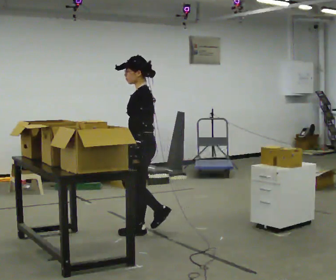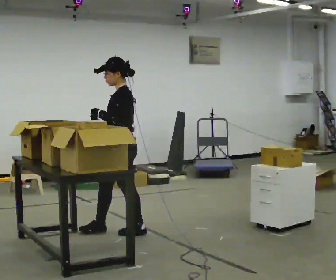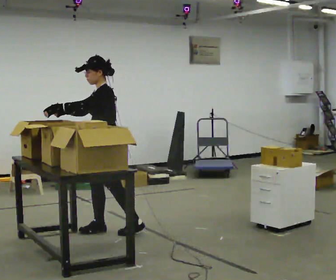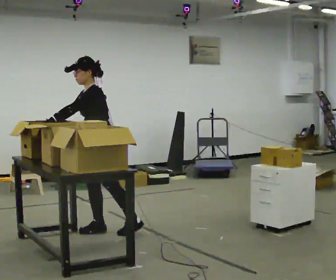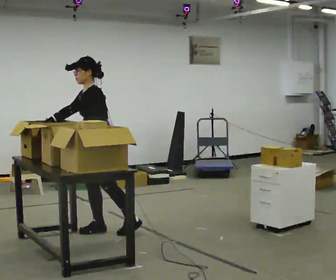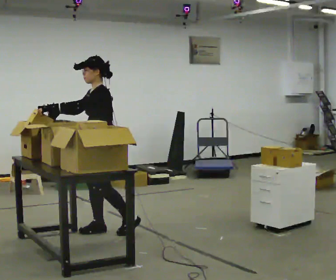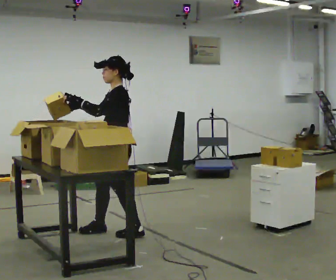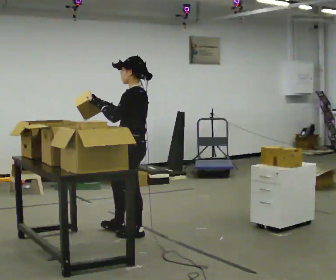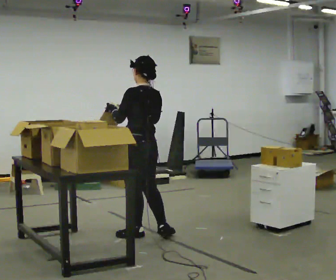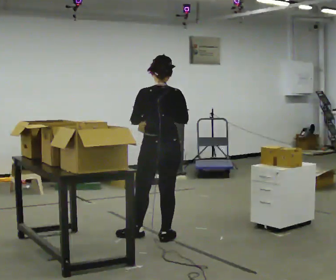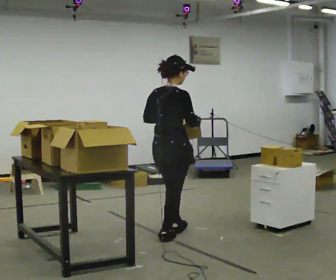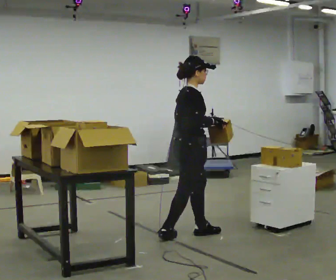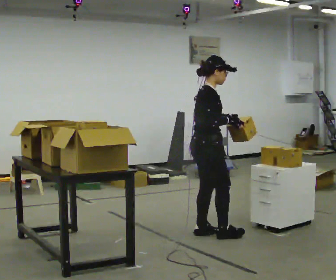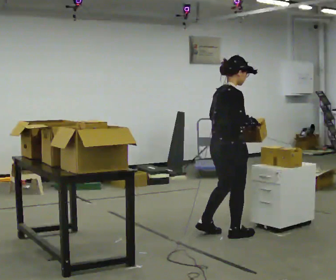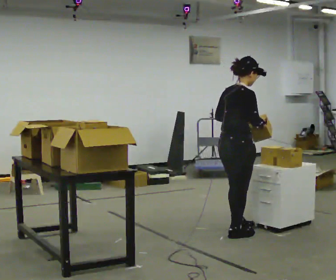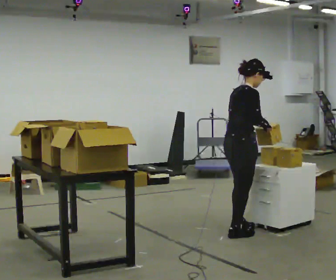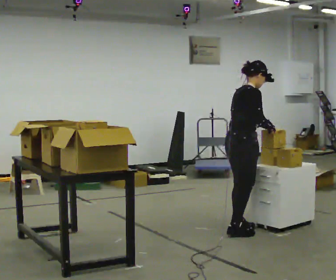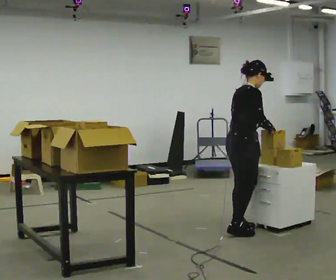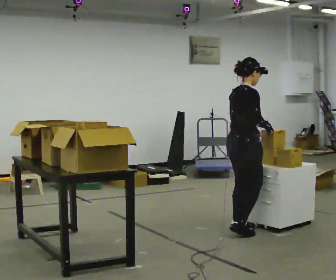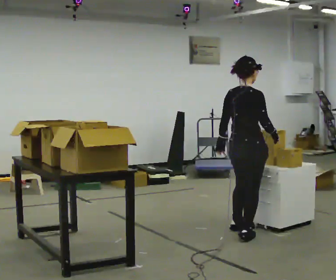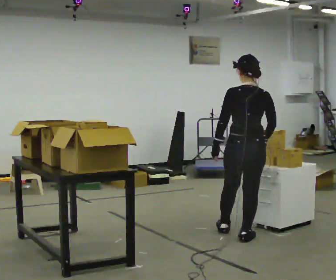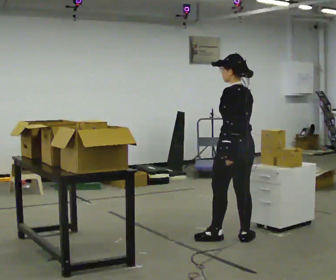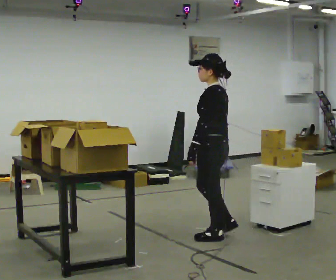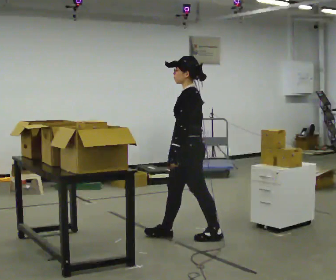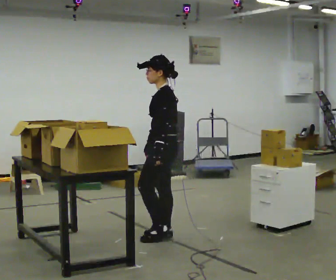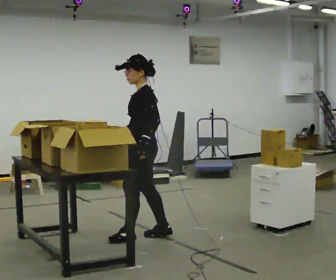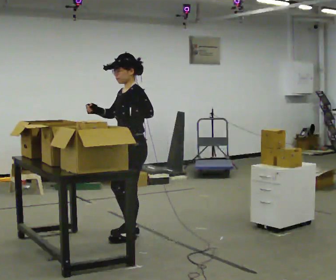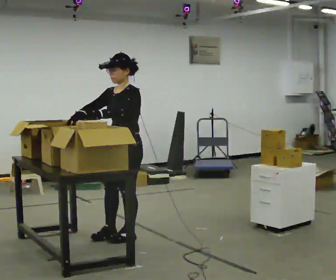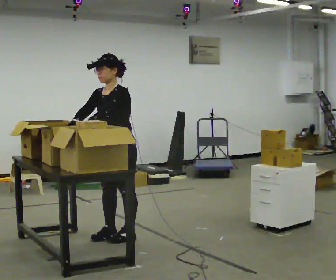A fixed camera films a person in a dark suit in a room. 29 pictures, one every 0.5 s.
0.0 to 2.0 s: The part of the body nearest the lens slides to the right as the person turns to their left by about 30 degrees. In the picture they go to the left, about 0.5 m in 1 step, which for them is forward and to their right.
2.0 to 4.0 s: Seen from above the body turns clockwise, about 75 degrees: to their right, with its near side sliding to the left. In the picture they go to the right, about 0.5 m in 1 step. In the picture the upper body tilts clockwise, shoulders to the right.
4.0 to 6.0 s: The part of the body nearest the lens slides to the left as the person turns to their right by about 135 degrees. In the picture they go to the right, about 0.5 m in 1 step.
6.0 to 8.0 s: In the picture they go to the right and away from the camera, about 0.25 m in 2 steps, which for them is forward.
8.0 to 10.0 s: The part of the body nearest the lens slides to the right as the person turns to their left by about 75 degrees. In the picture they go toward the camera, about 0.25 m in 1 step.
10.0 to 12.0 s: The part of the body nearest the lens slides to the right as the person turns to their left by about 90 degrees. In the picture they go to the left, about 0.5 m in 2 steps.
12.0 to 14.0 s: The part of the body nearest the lens slides to the right as the person turns to their left by about 45 degrees. In the picture they go to the left, about 0.5 m in 2 steps, which for them is forward.
The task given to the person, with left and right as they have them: 1. Read the list the operator gives you. 2. Collect the six items on the list from the shelves. 3. Put them all in the bin on the table. 4. Tell the operator when you are finished.
The film runs forward here.
